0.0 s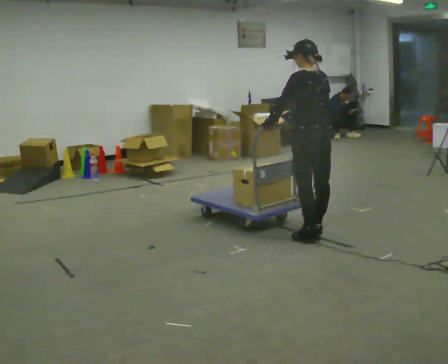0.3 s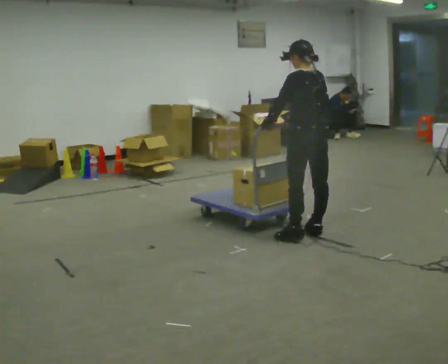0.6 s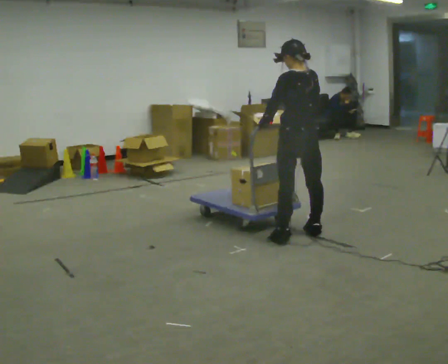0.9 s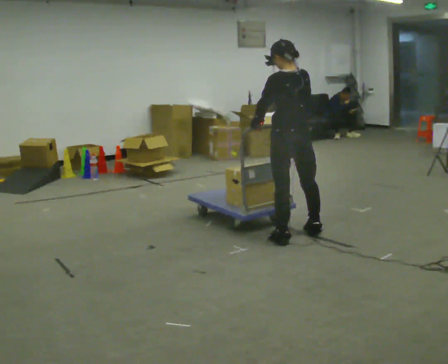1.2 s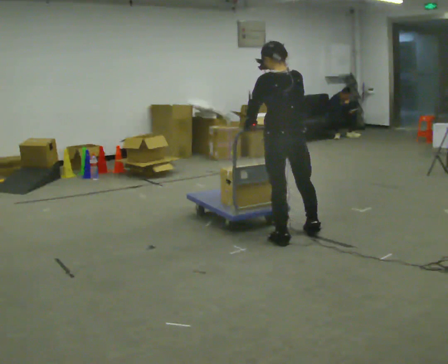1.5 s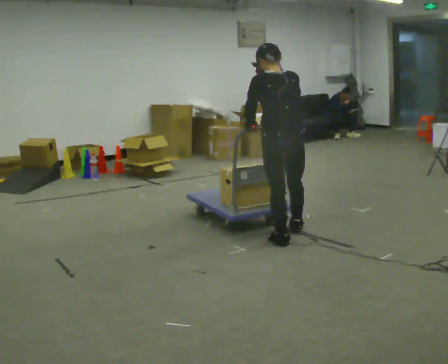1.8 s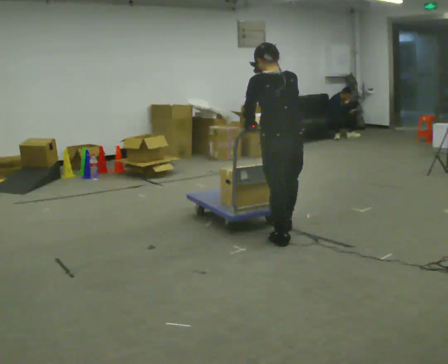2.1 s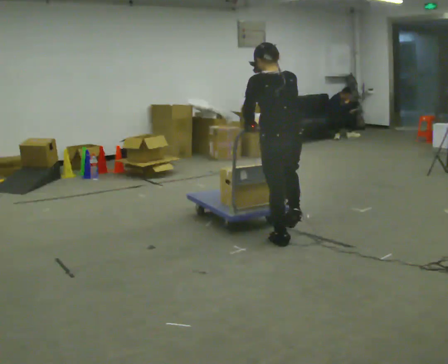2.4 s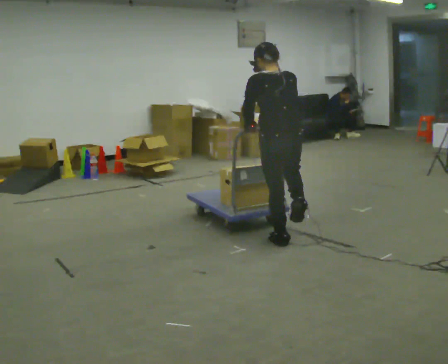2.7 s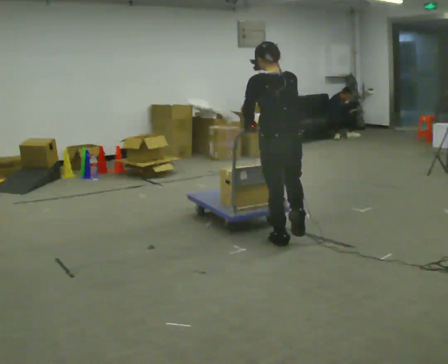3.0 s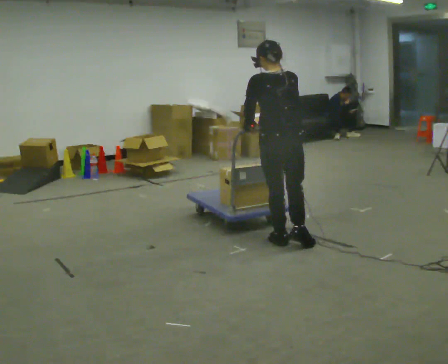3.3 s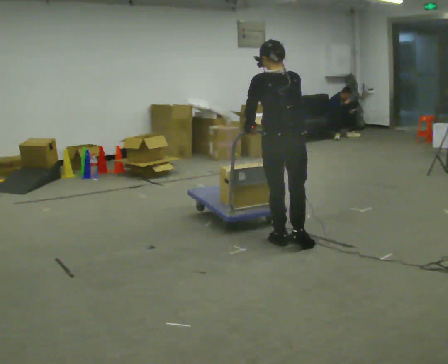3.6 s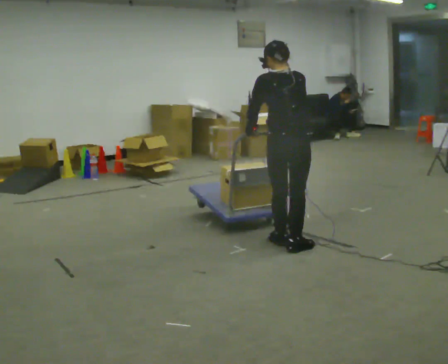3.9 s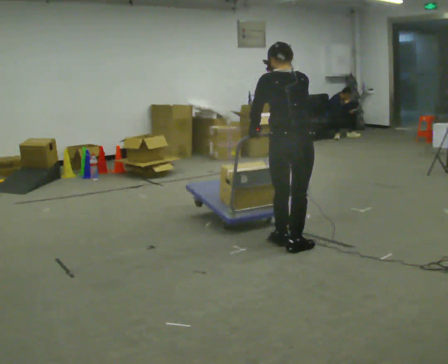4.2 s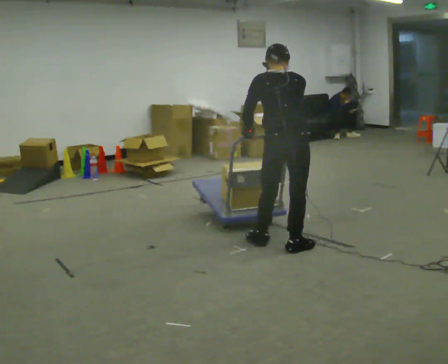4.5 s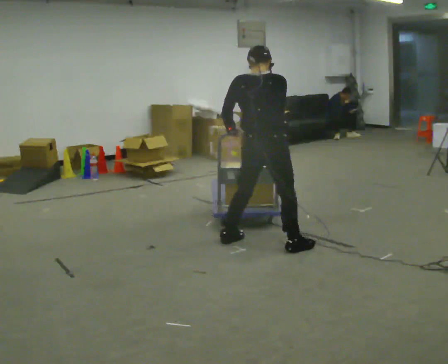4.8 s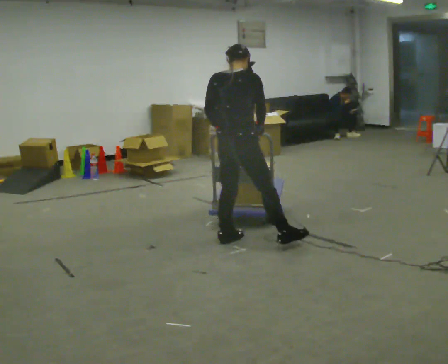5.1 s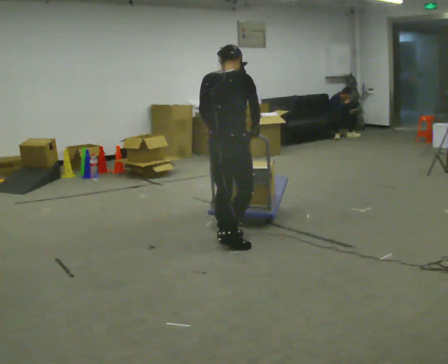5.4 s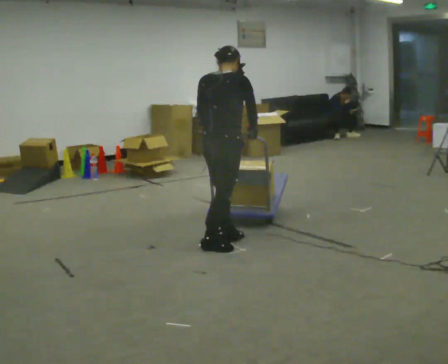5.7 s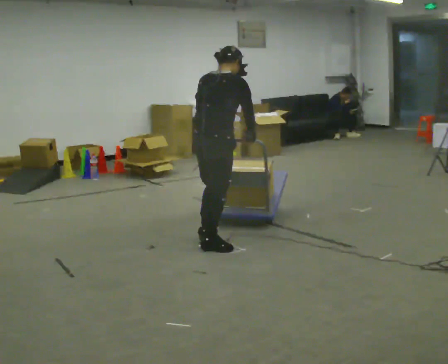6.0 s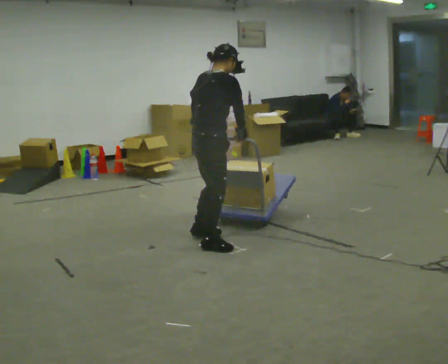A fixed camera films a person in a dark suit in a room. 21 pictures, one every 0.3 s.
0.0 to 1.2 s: In the picture they go to the left, about 0.25 m, which for them is to their left.
1.2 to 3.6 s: The person moves a little, or ends about where they began.
3.6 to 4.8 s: The person turns about 45 degrees to their right, clockwise seen from above, so the part of the body nearest the lens slides to the left. In the picture they go to the left, about 0.5 m in 2 steps, which for them is to their left.
4.8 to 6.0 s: The person turns about 30 degrees to their right, clockwise seen from above, so the part of the body nearest the lens slides to the left. In the picture they go to the left, about 0.25 m in 1 step, which for them is to their left and backward.
The film runs backward here.
